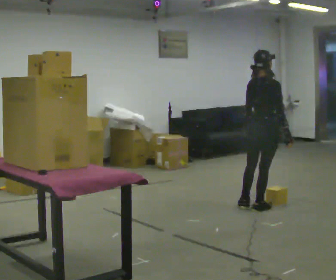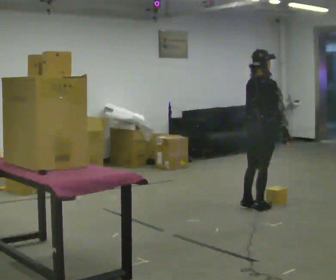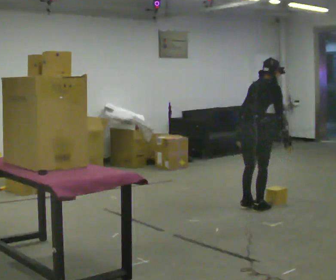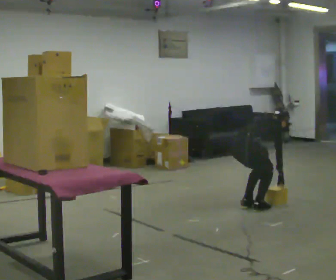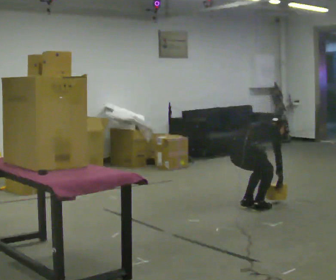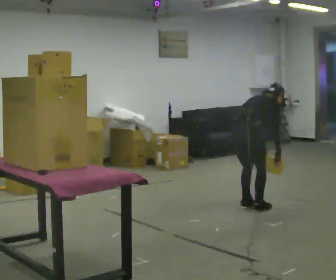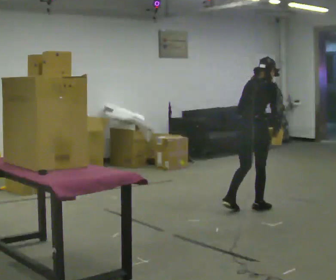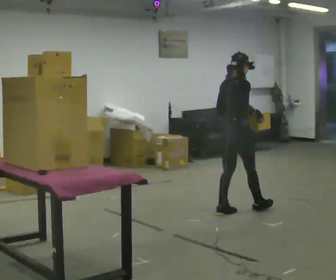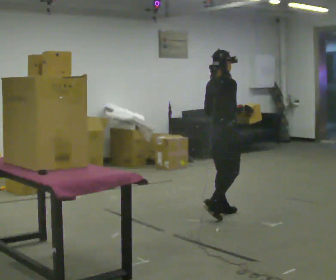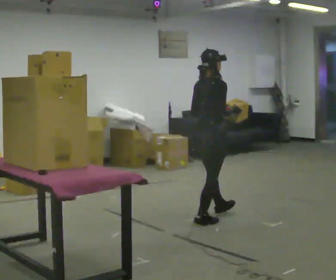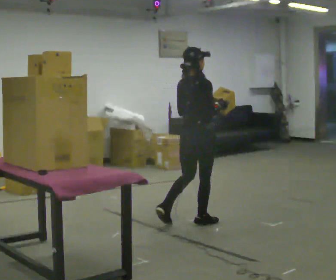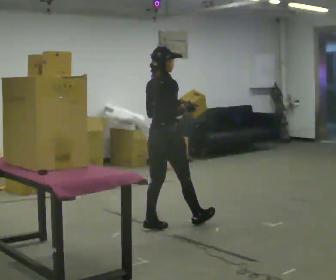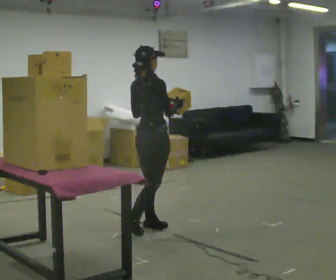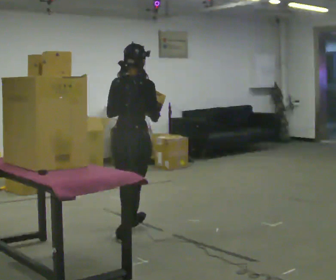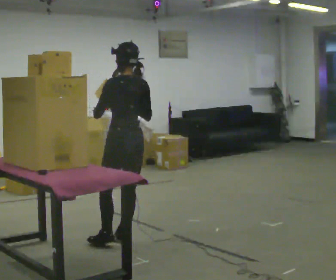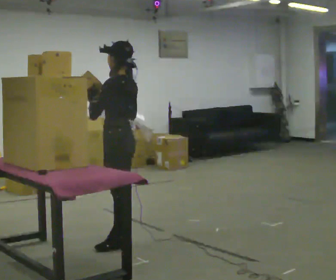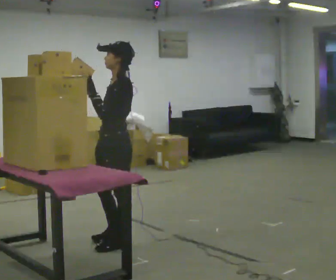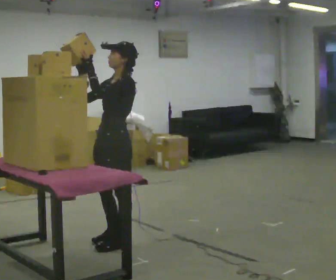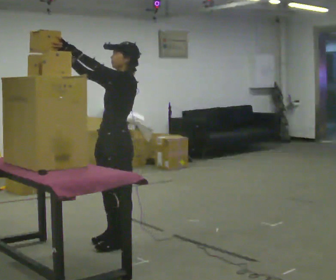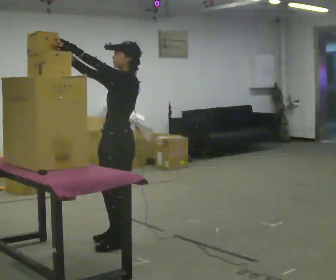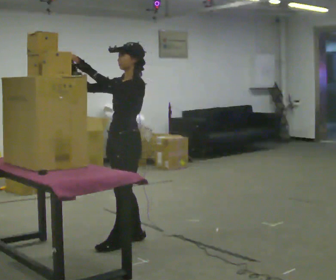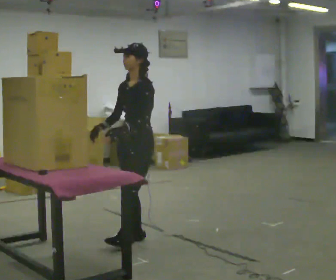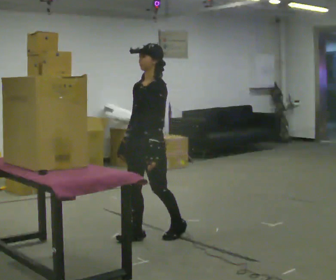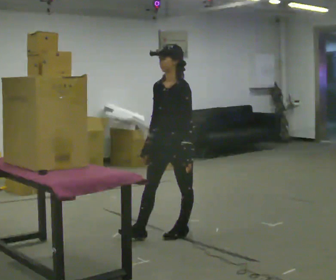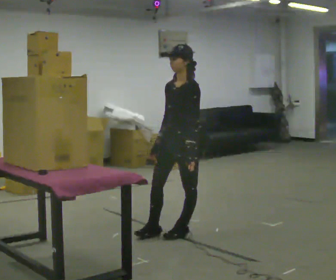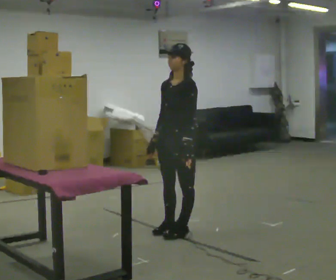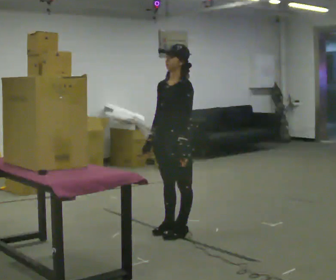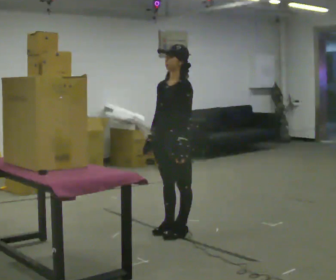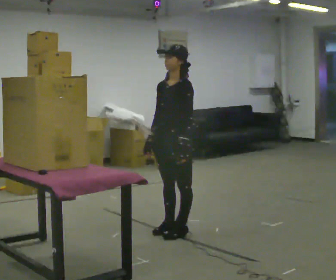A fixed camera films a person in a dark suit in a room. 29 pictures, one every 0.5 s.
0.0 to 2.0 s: In the picture they go to the left, about 0.25 m, which for them is backward. The upper body goes downward. In the picture the upper body tilts clockwise, shoulders to the right, as they bend forward. In the picture their left hand goes downward.
2.0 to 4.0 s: In the picture they go to the left, about 0.25 m in 2 steps, which for them is backward. The shoulders move upward. In the picture the upper body tilts counterclockwise, shoulders to the left, as they lean back or straighten. In the picture their left hand goes upward.
4.0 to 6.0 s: In the picture they go to the left and toward the camera, about 1 m in 2 steps, which for them is backward.
6.0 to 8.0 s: The person turns about 150 degrees to their left, counterclockwise seen from above, so the part of the body nearest the lens slides to the right. In the picture they go toward the camera and to the left, about 0.5 m in 1 step.
8.0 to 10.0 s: The person moves a little, or ends about where they began.
10.0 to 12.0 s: In the picture they go to the right, about 0.5 m in 2 steps, which for them is backward. In the picture their left hand goes downward.
12.0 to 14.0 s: The person moves a little, or ends about where they began.
The film runs backward here.
